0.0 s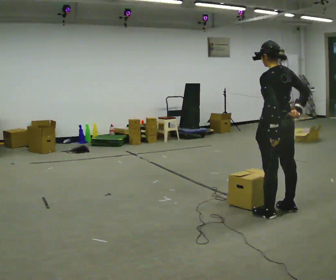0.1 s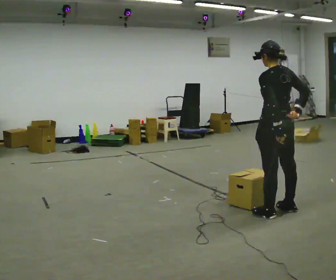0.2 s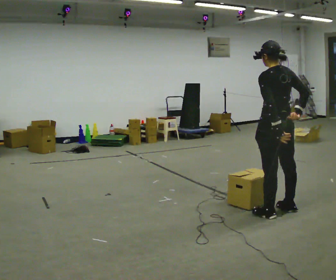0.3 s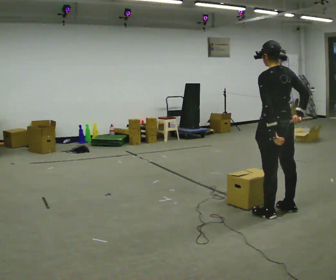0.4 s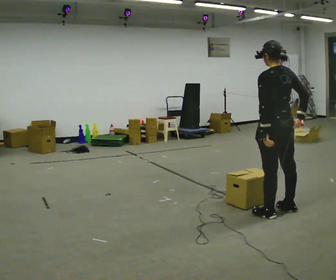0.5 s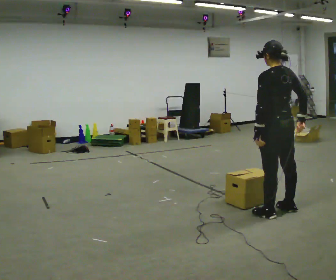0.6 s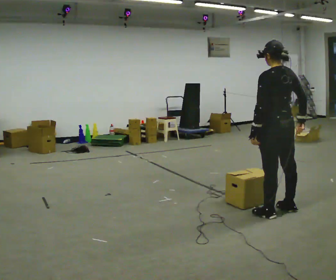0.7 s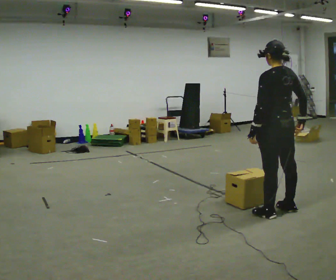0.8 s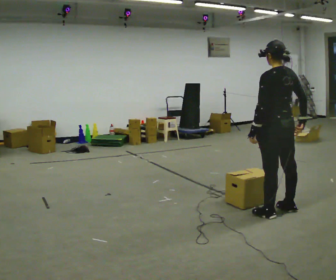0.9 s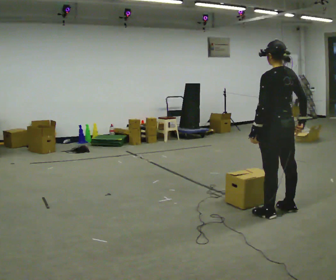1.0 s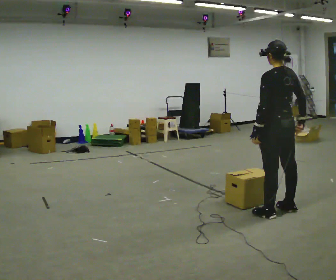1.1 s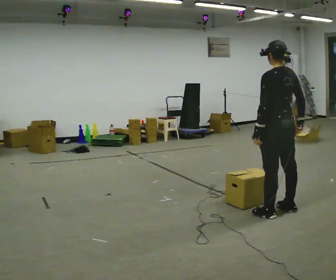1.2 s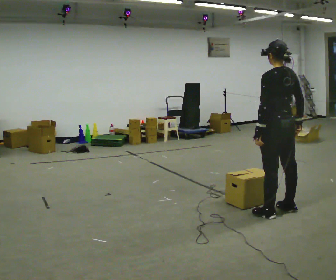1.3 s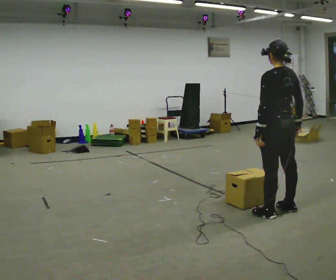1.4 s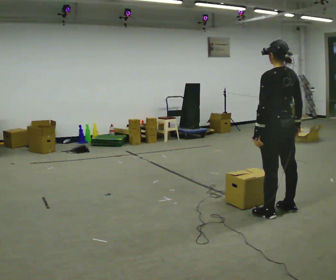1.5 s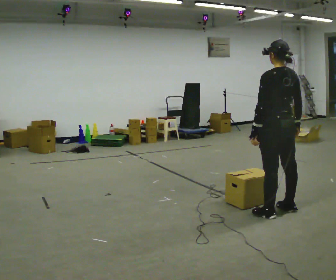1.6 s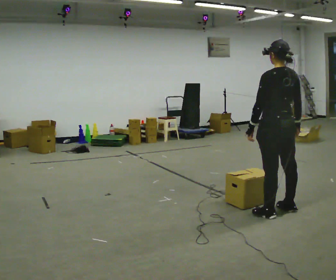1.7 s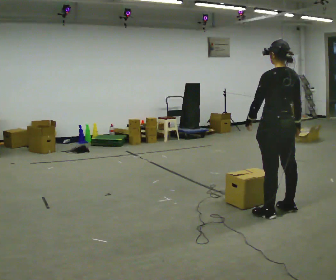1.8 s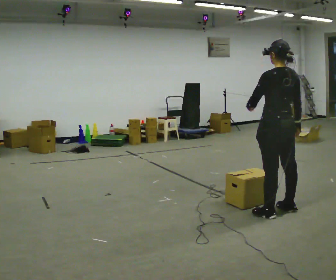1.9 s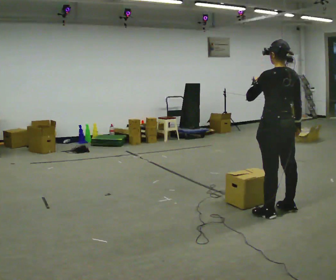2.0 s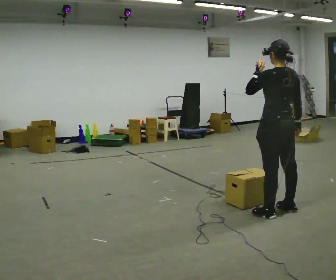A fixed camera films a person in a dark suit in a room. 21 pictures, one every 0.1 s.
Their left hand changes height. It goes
upward.
0.0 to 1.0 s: The person moves a little, or ends about where they began.
1.0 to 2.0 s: In the picture their left hand goes upward.
The film runs backward here.
